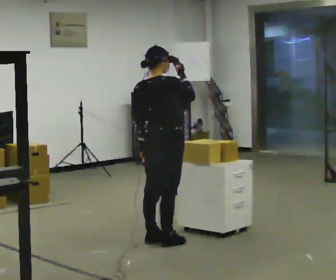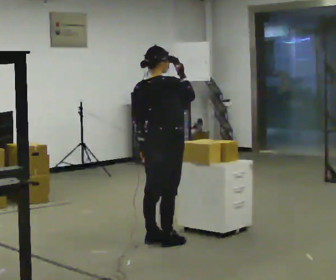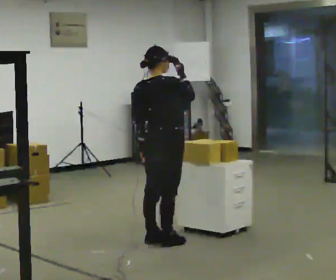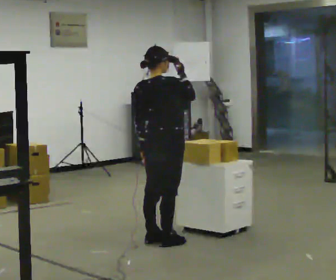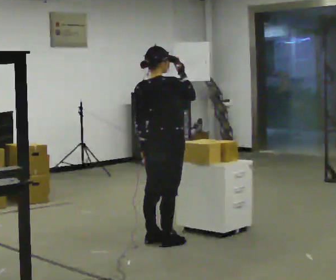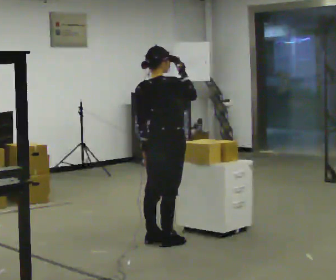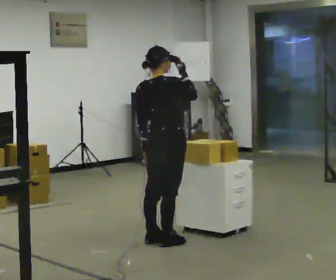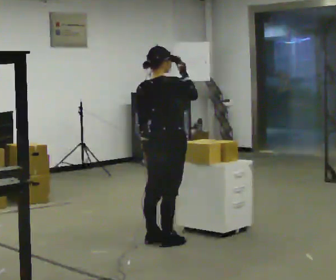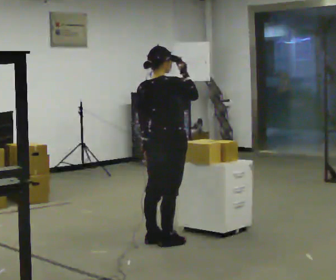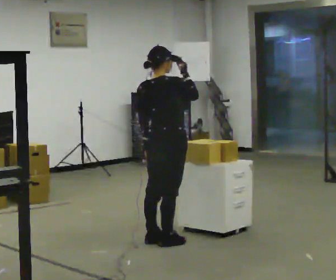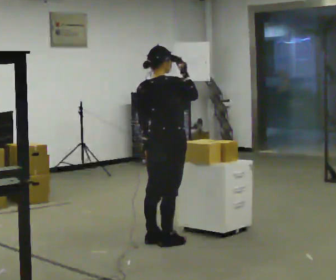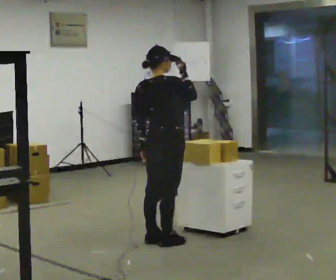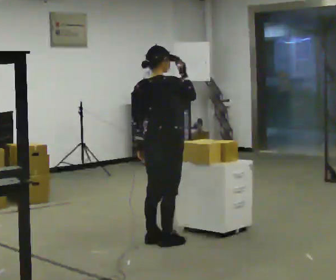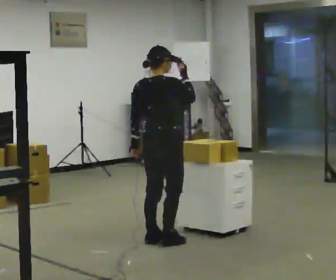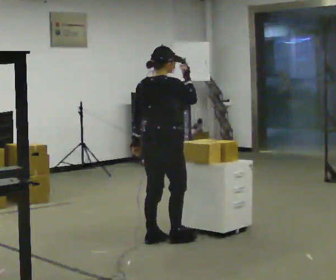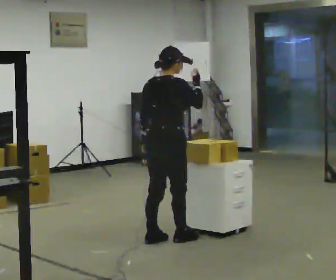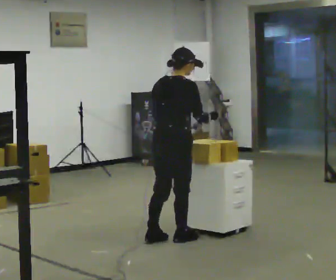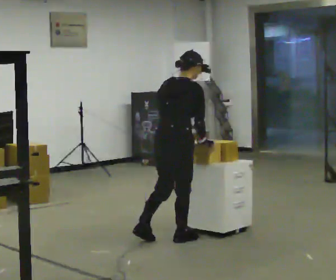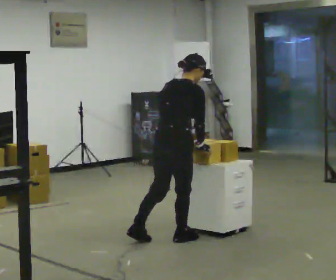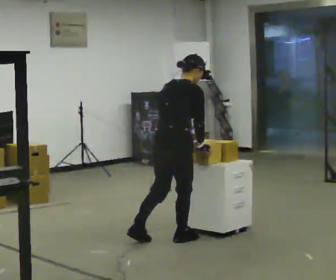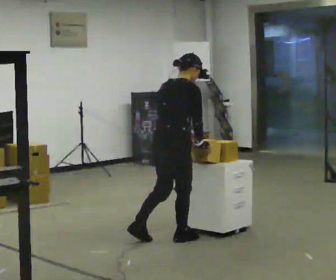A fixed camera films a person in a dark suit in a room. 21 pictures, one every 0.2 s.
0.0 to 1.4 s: The person keeps their place and pose.
1.4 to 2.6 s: The person moves a little, or ends about where they began.
2.6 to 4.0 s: In the picture the upper body tilts clockwise, shoulders to the right, as they bend forward. In the picture their right hand goes downward.
The film runs backward here.
